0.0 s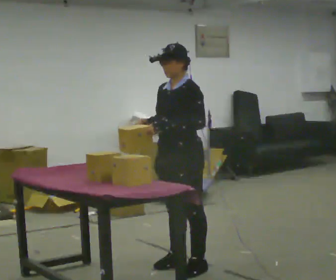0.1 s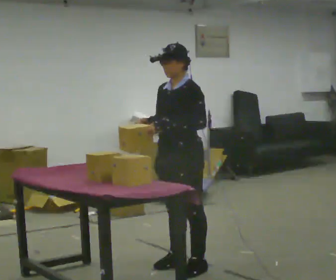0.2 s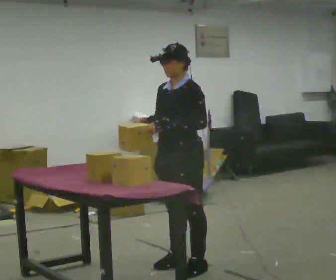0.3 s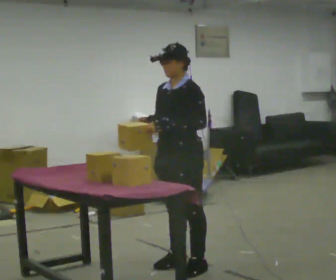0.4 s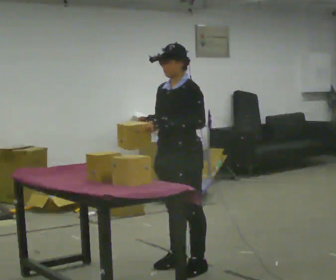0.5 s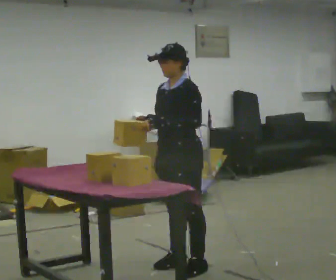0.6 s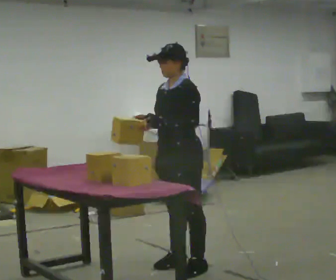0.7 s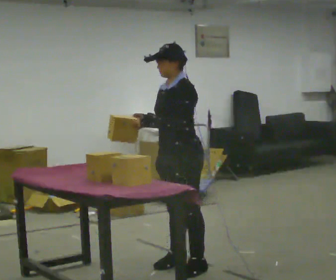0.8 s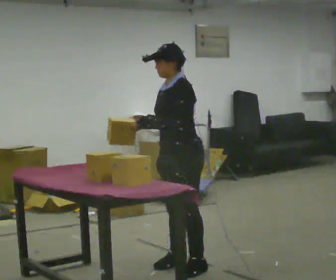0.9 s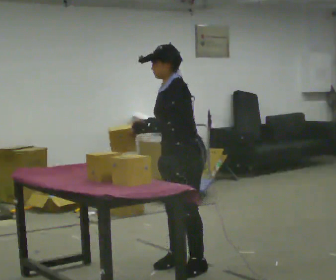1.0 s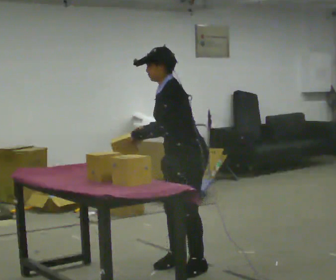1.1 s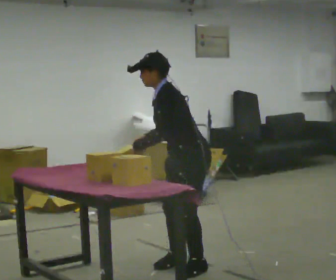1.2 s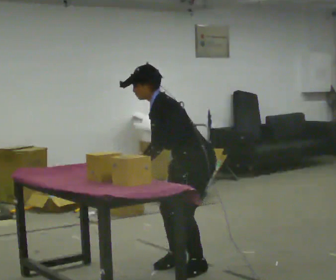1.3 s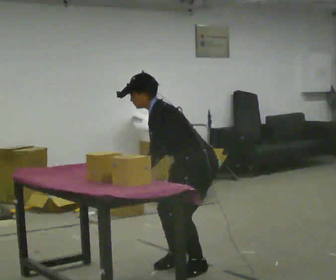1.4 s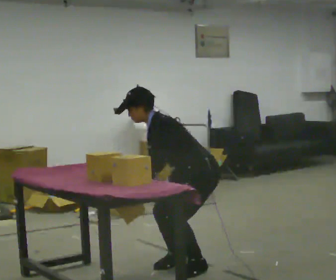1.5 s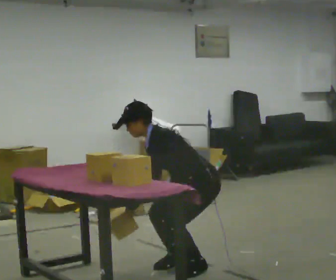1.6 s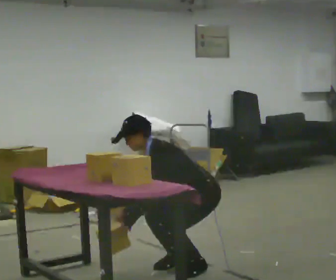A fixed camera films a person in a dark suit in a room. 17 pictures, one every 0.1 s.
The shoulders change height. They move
downward.
The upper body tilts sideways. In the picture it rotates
counterclockwise.
0.0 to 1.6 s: The shoulders move downward. In the picture the upper body tilts counterclockwise, shoulders to the left, as they bend forward. In the picture their left hand goes downward.
The film runs backward here.
